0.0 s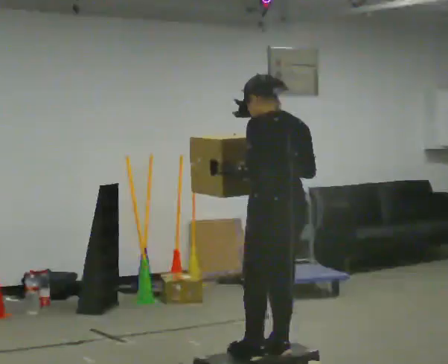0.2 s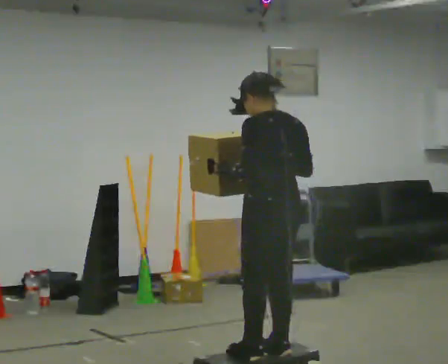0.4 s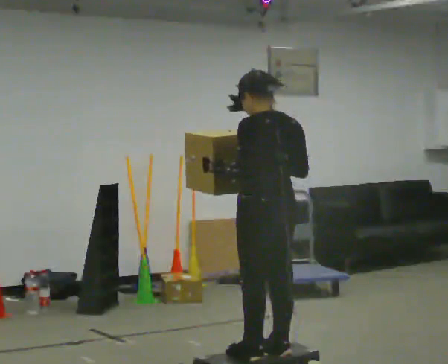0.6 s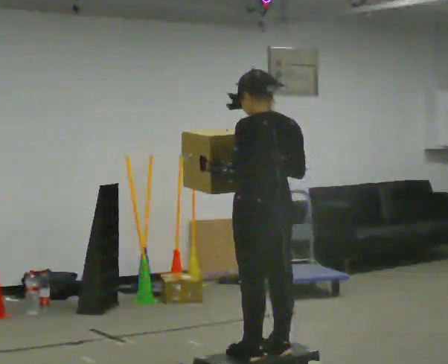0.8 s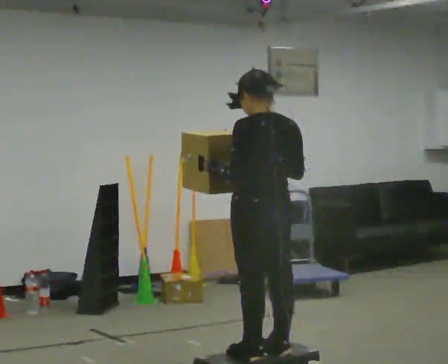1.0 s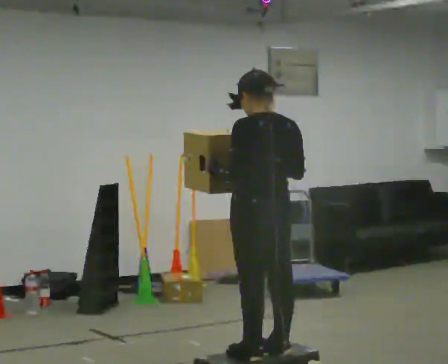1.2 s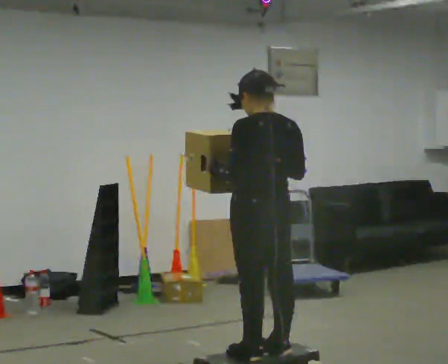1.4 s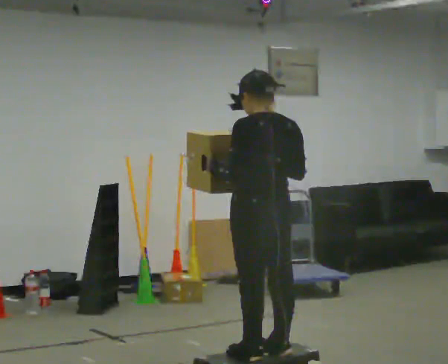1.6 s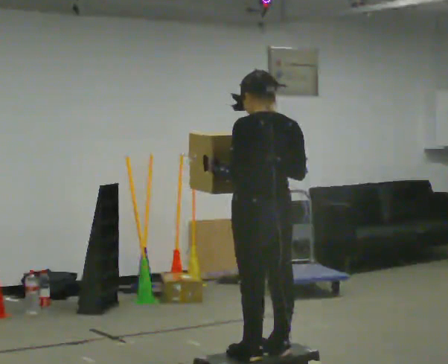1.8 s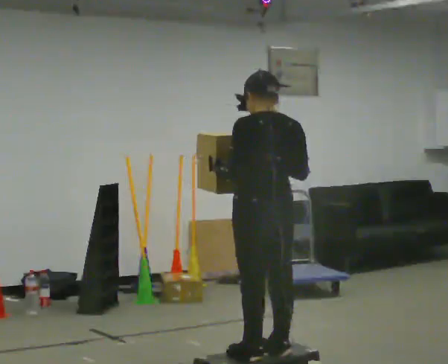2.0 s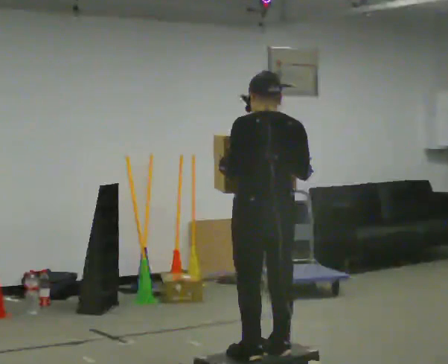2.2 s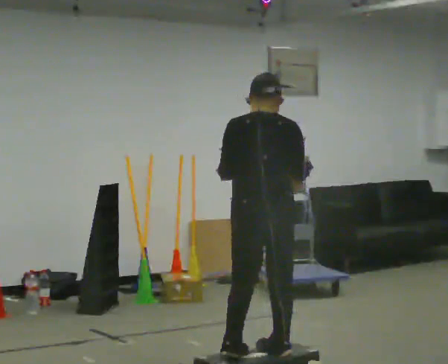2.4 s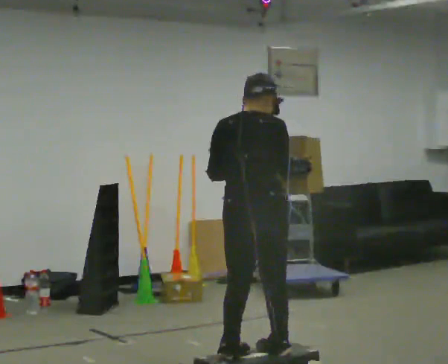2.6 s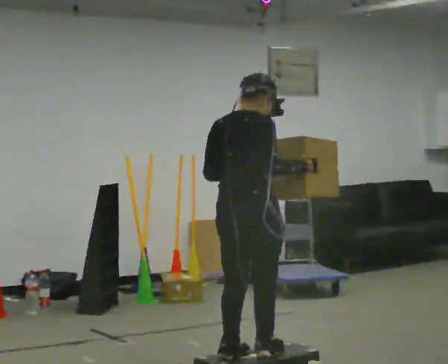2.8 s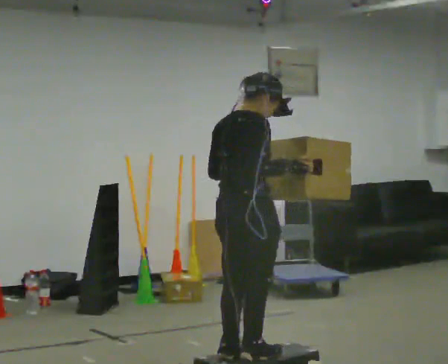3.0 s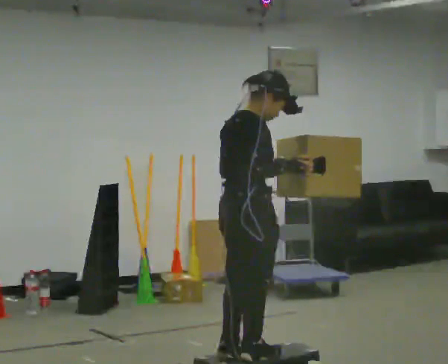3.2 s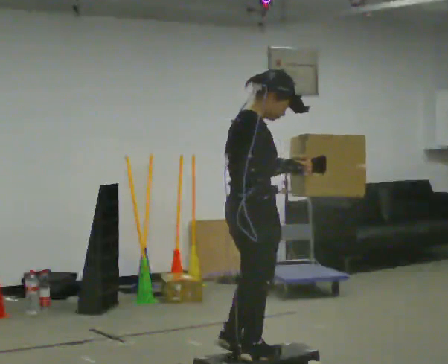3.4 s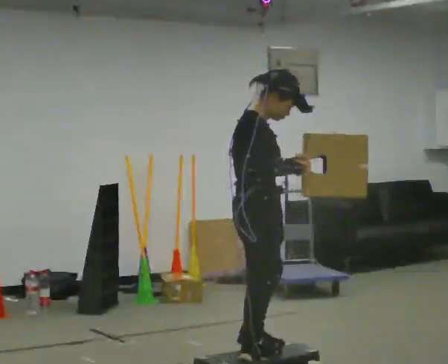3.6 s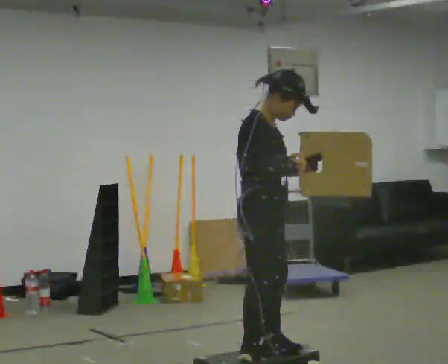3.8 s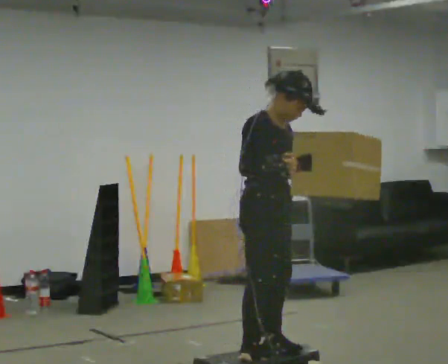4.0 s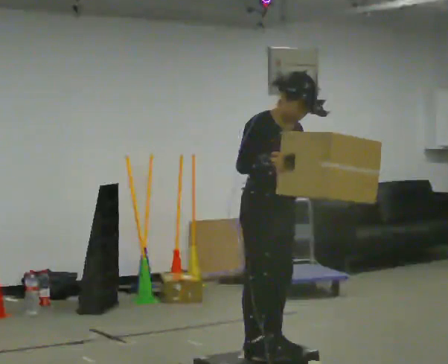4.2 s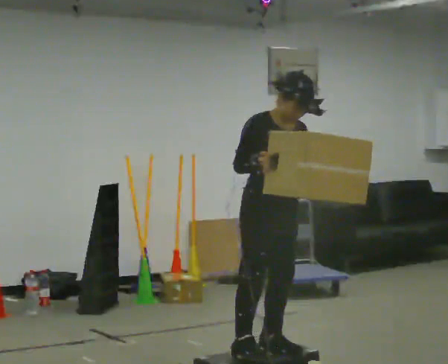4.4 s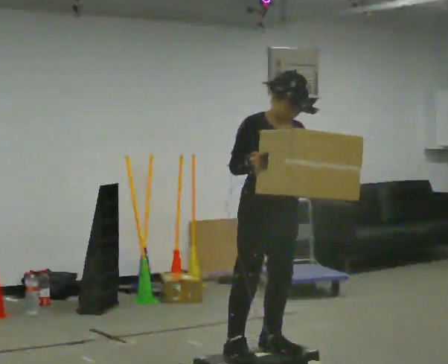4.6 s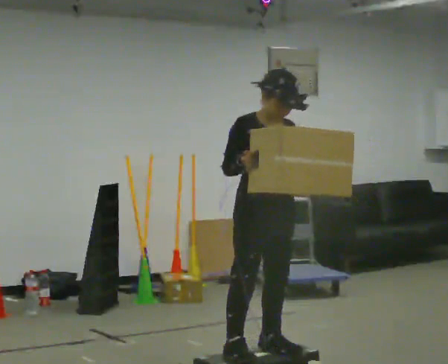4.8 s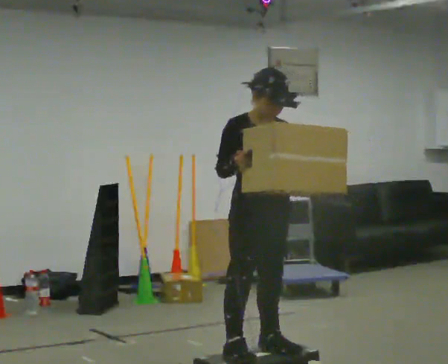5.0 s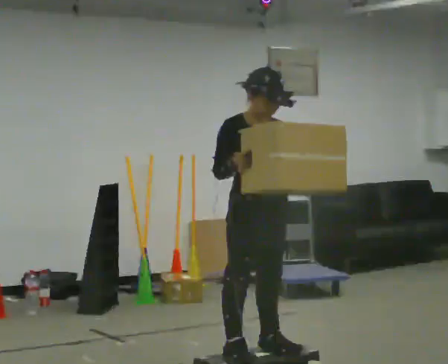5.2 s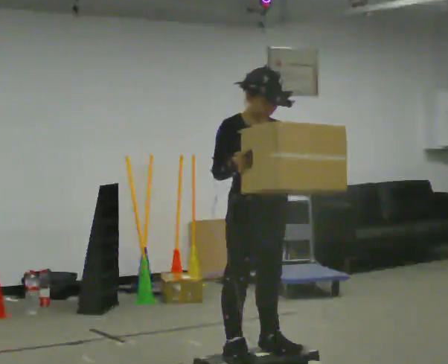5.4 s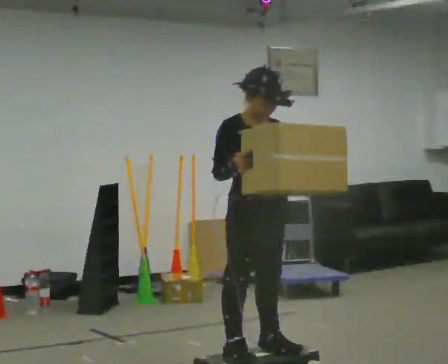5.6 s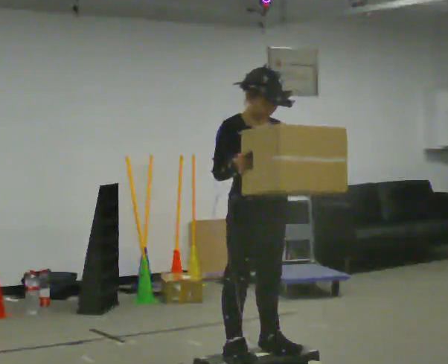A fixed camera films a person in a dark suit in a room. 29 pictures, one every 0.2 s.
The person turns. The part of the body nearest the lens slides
to the left.
The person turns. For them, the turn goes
to their right.
0.0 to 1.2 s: The person moves a little, or ends about where they began.
1.2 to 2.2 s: The person turns about 30 degrees to their right, clockwise seen from above, so the part of the body nearest the lens slides to the left.
2.2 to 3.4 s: Seen from above the body turns clockwise, about 90 degrees: to their right, with its near side sliding to the left.
3.4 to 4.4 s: The person turns about 60 degrees to their right, clockwise seen from above, so the part of the body nearest the lens slides to the left.
4.4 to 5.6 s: The person moves a little, or ends about where they began.
The film runs forward here.
